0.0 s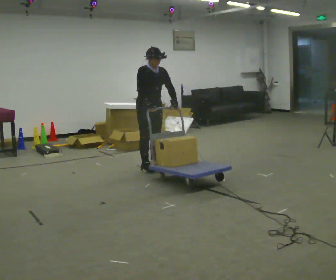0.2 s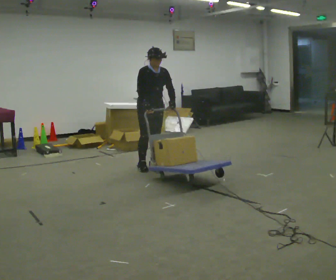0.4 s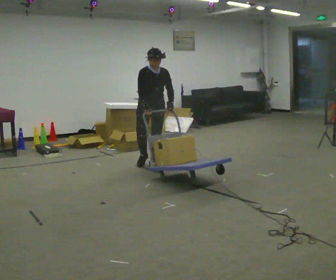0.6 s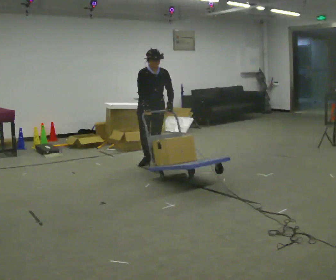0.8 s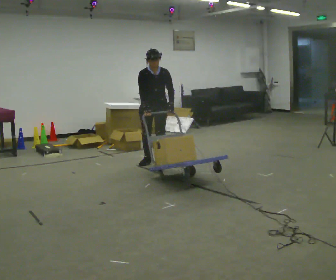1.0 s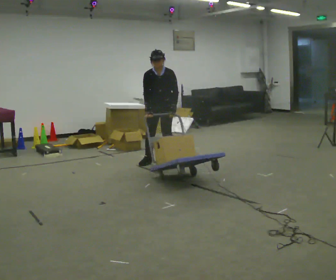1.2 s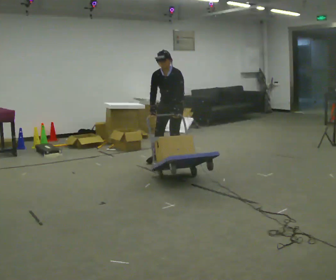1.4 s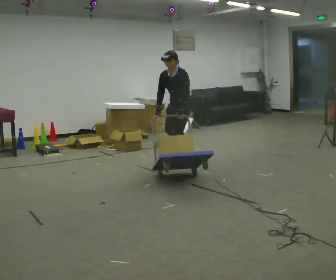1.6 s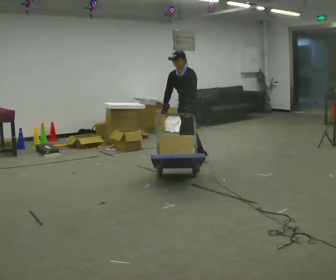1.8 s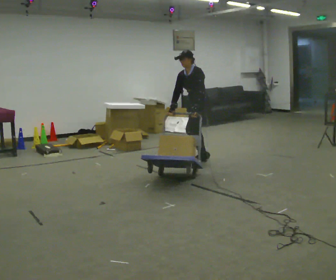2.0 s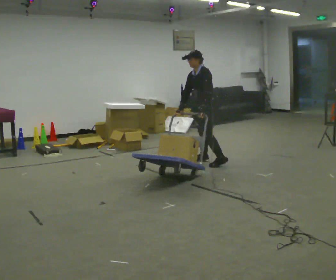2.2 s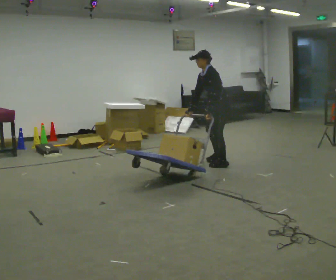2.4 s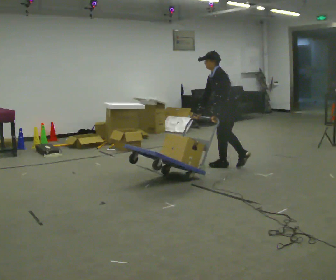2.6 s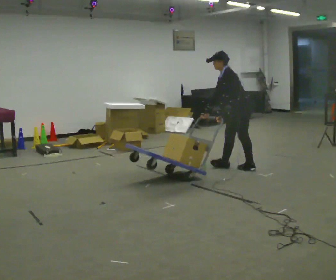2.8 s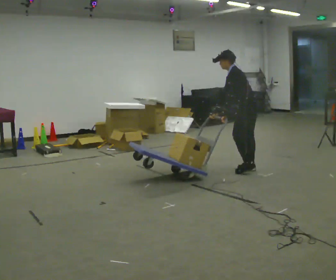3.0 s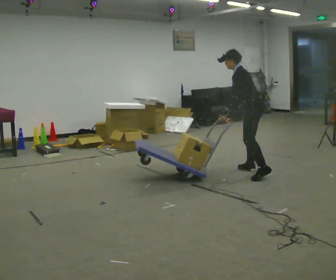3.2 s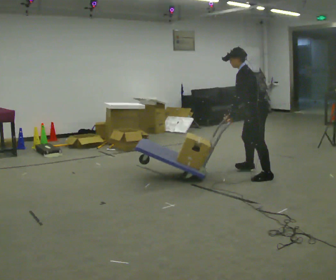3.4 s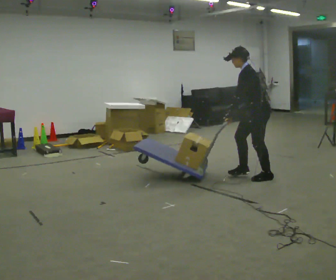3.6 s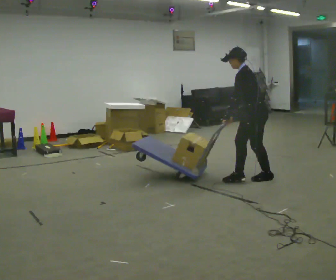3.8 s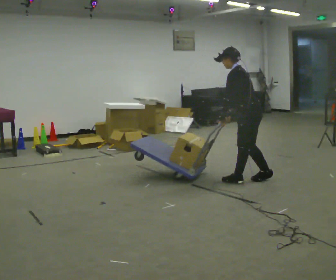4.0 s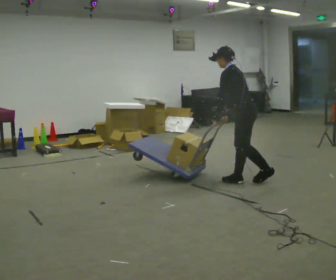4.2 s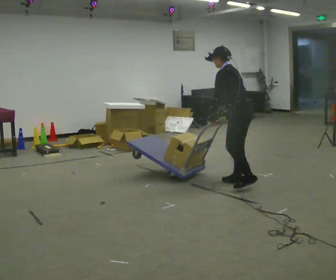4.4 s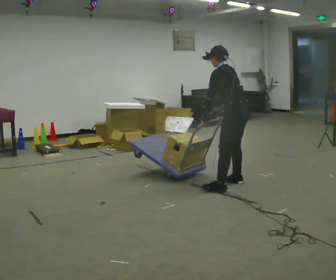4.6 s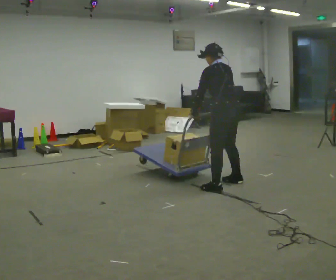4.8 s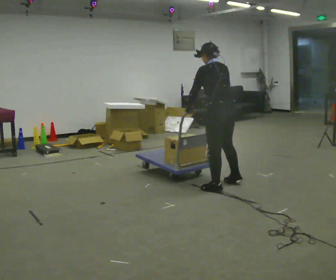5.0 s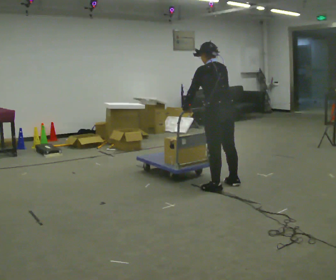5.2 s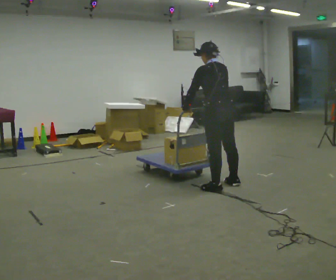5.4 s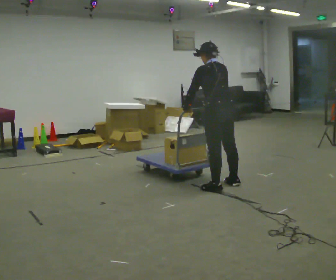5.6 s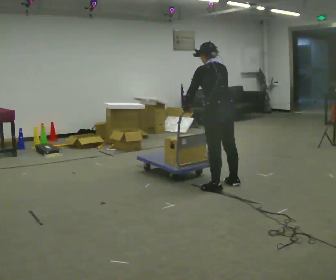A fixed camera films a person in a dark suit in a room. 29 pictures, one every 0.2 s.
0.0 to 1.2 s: Seen from above the body turns clockwise, about 75 degrees: to their right, with its near side sliding to the left. In the picture they go away from the camera and to the right, about 0.5 m in 3 steps.
1.2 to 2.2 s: The part of the body nearest the lens slides to the left as the person turns to their right by about 60 degrees. In the picture they go to the right, about 0.75 m in 2 steps, which for them is backward and to their left. In the picture the upper body tilts counterclockwise, shoulders to the left.
2.2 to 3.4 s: In the picture they go toward the camera and to the right, about 1 m in 2 steps, which for them is backward and to their left.
3.4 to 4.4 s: The part of the body nearest the lens slides to the left as the person turns to their right by about 30 degrees. In the picture they go toward the camera and to the left, about 0.25 m in 1 step, which for them is to their left and forward.
4.4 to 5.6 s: In the picture they go to the left and toward the camera, about 0.25 m, which for them is to their left.
The film runs backward here.
